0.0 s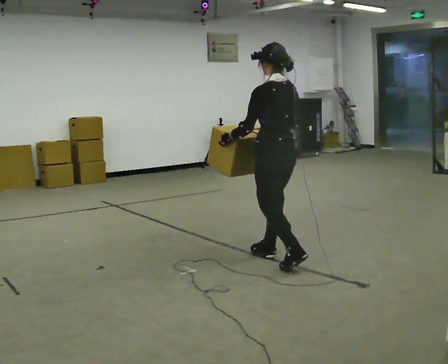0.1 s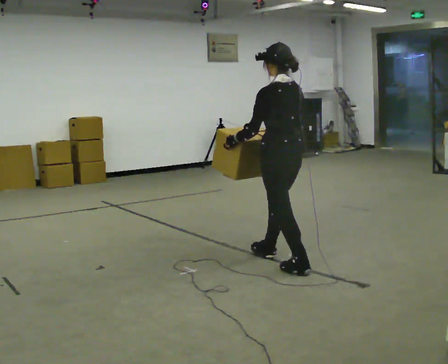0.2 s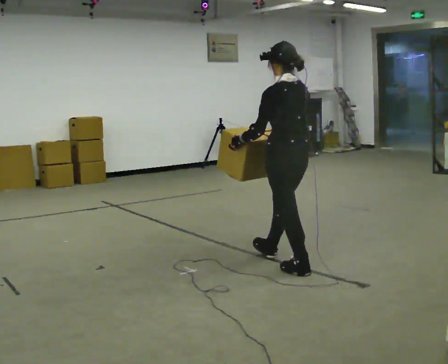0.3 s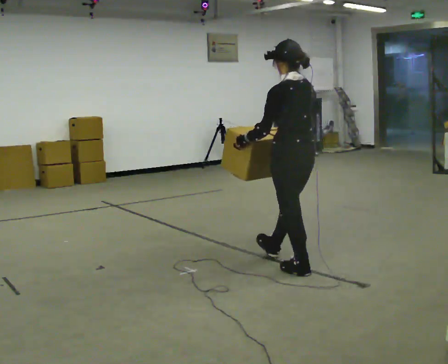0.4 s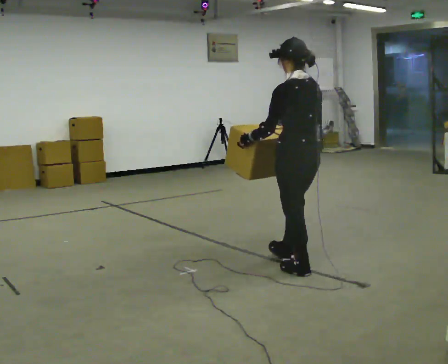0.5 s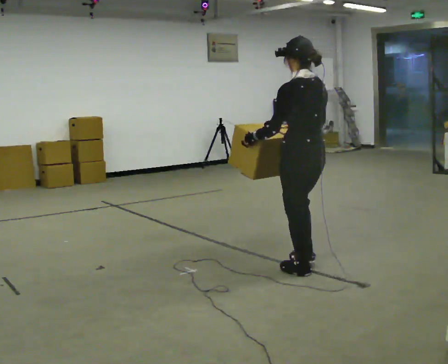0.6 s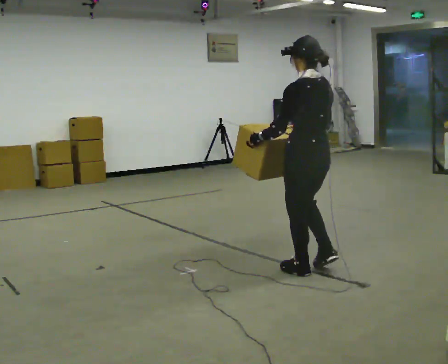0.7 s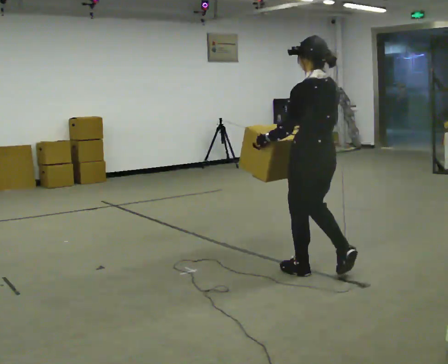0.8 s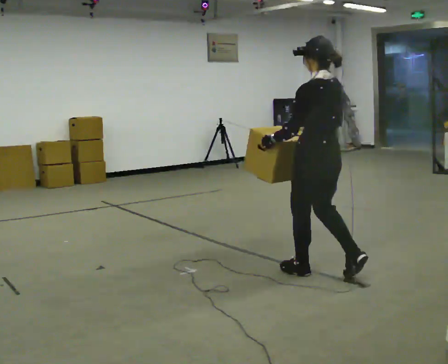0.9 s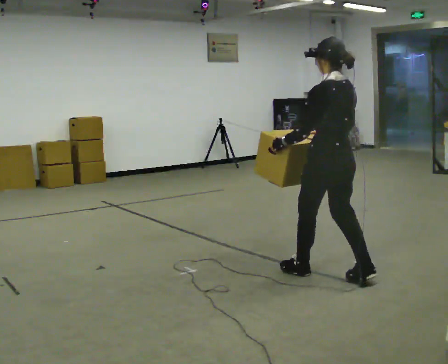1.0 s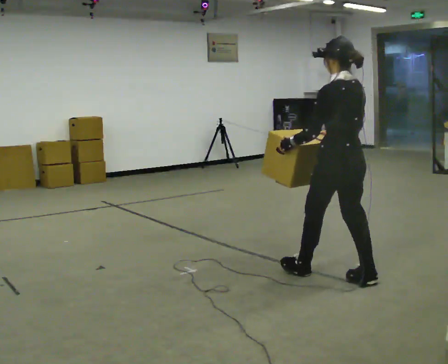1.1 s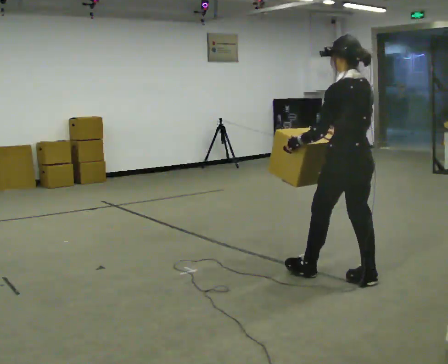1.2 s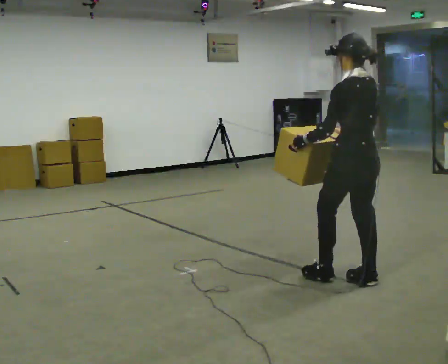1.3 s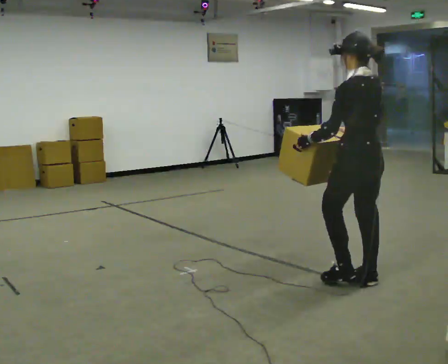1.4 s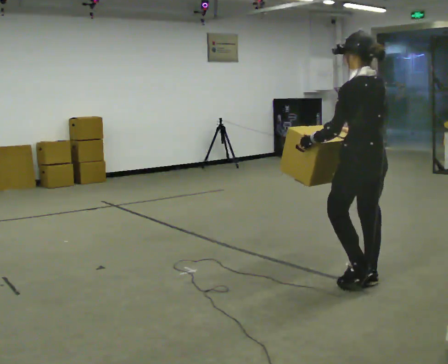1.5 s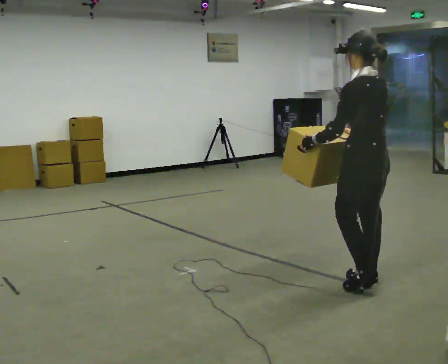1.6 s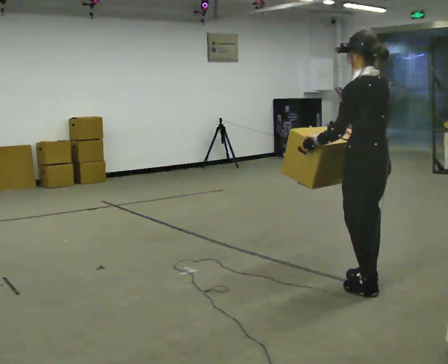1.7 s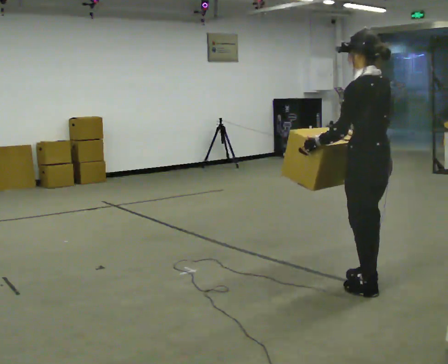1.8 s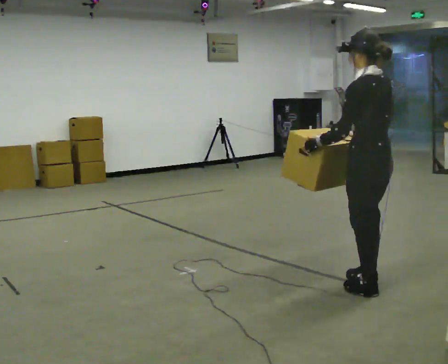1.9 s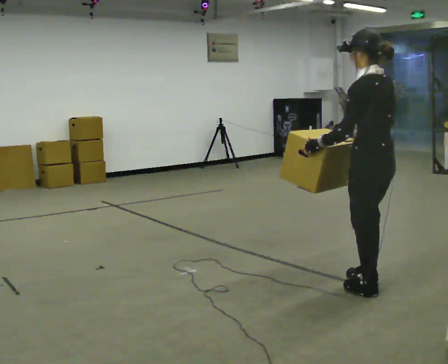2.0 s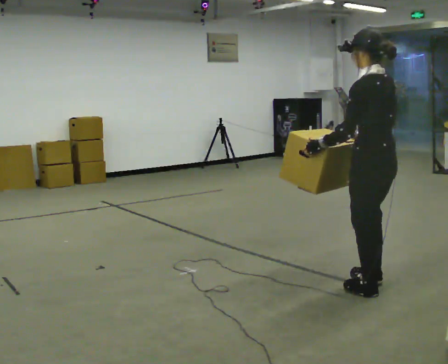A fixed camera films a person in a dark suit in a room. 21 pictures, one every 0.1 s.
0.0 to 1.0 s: In the picture they go to the right and toward the camera, about 0.5 m in 1 step, which for them is backward.
1.0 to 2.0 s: In the picture they go toward the camera and to the right, about 0.25 m in 2 steps, which for them is backward.
The film runs backward here.
